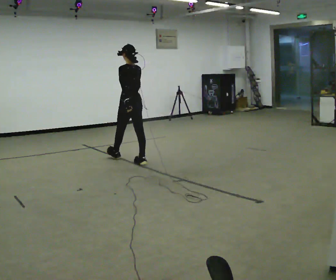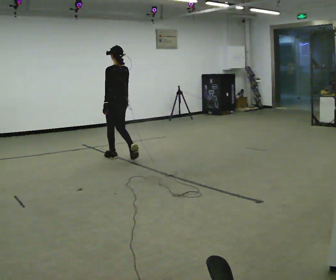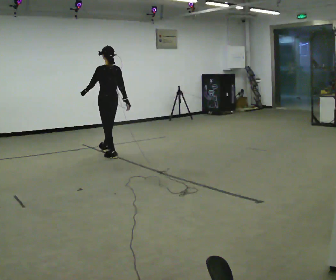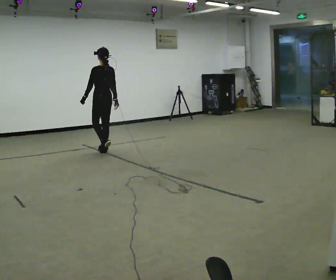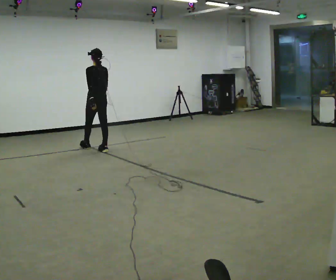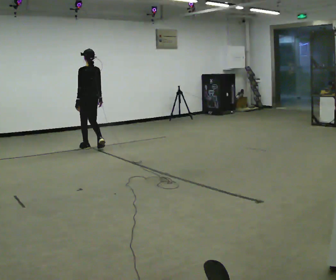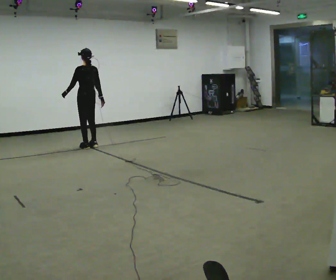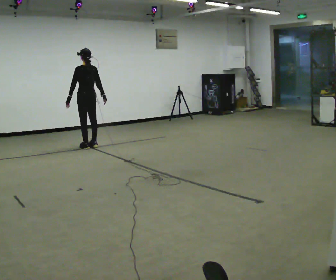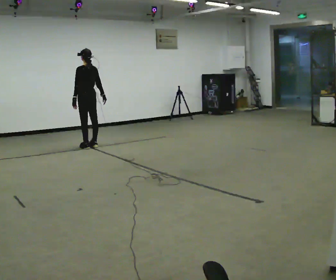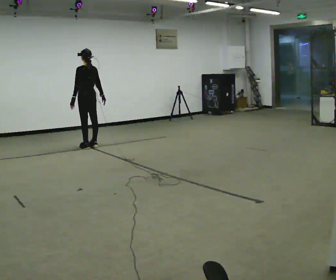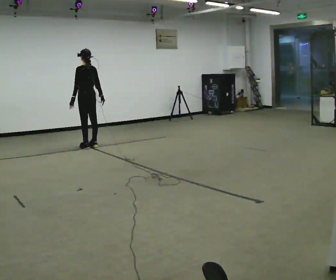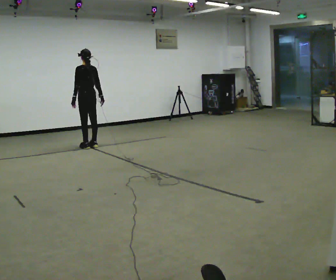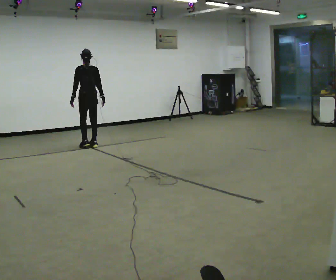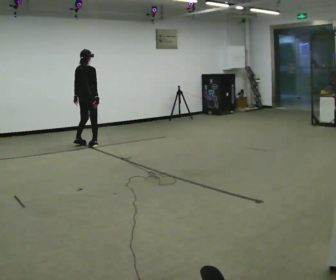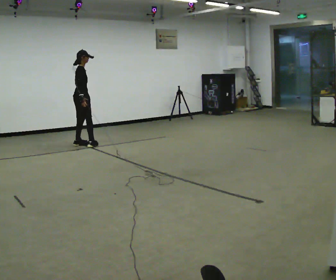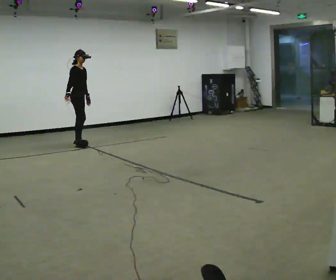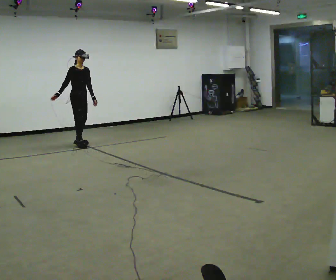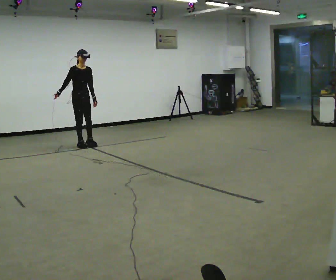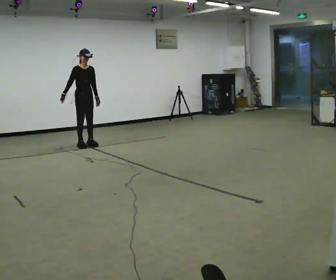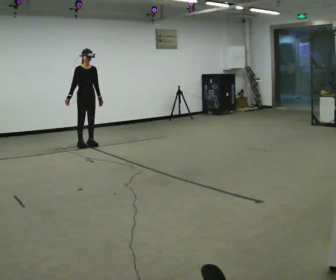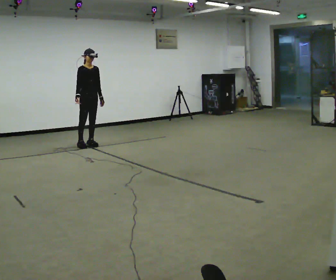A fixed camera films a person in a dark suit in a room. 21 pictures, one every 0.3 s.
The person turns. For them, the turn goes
to their right.
The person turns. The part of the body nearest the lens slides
to the left.
0.0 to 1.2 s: In the picture they go away from the camera and to the left, about 1 m in 2 steps, which for them is forward.
1.2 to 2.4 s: In the picture they go away from the camera, about 0.25 m in 2 steps, which for them is forward.
2.4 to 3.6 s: The person moves a little, or ends about where they began.
3.6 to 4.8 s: The part of the body nearest the lens slides to the left as the person turns to their right by about 150 degrees. In the picture they go to the left, about 0.25 m in 2 steps. In the picture their right hand goes to the left, the arm swinging clockwise.
4.8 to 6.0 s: In the picture they go to the right, about 0.25 m in 1 step, which for them is forward and to their left. In the picture their right hand goes to the right.
The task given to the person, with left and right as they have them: Walk; crouch comfortably at marker; remain briefly; stand and continue.
The film runs forward here.
